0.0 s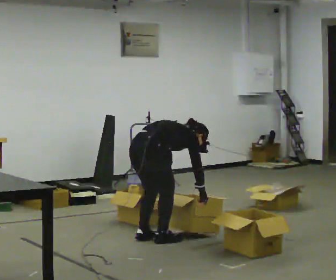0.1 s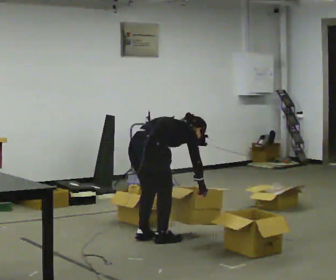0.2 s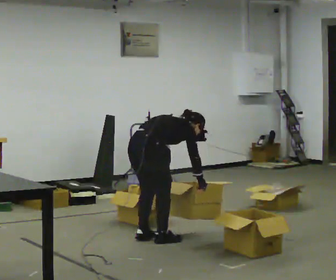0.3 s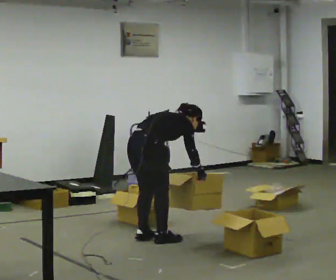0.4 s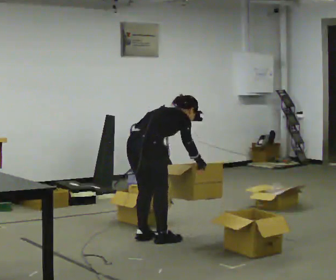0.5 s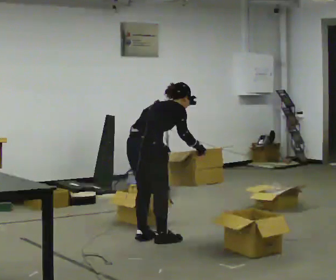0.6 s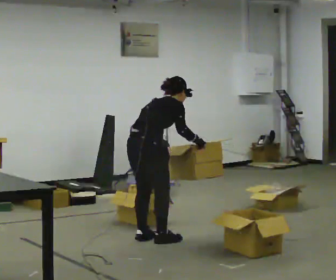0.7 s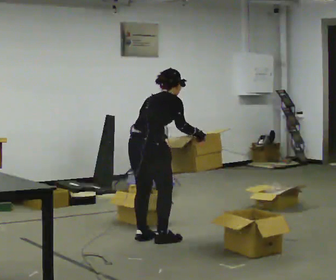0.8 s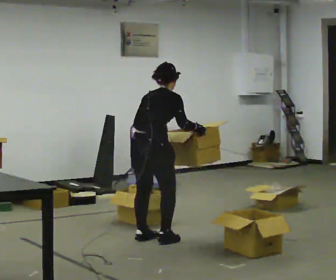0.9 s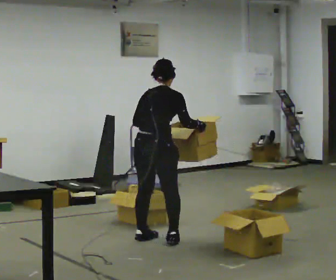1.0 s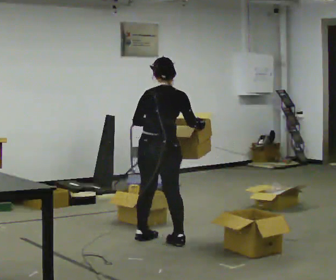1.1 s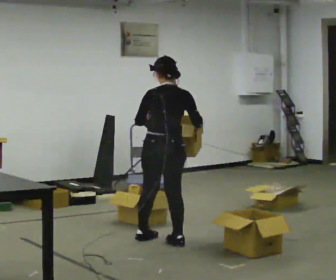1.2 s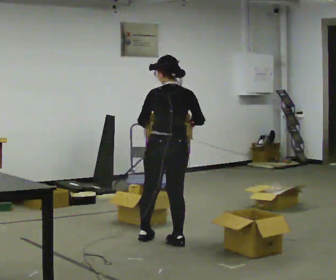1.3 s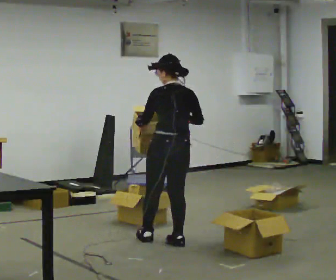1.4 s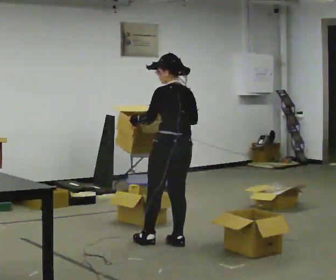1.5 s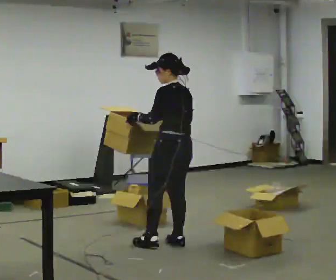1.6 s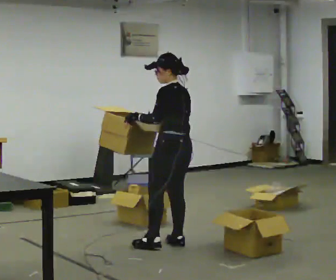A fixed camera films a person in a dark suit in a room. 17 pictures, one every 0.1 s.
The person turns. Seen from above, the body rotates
counterclockwise.
The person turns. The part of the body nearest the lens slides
to the right.
0.0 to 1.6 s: The part of the body nearest the lens slides to the right as the person turns to their left by about 105 degrees. In the picture they go to the right, about 0.25 m in 1 step. The upper body goes upward. In the picture the upper body tilts counterclockwise, shoulders to the left, as they lean back or straighten. In the picture their right hand goes upward.
The film runs forward here.
